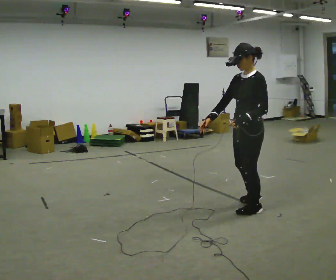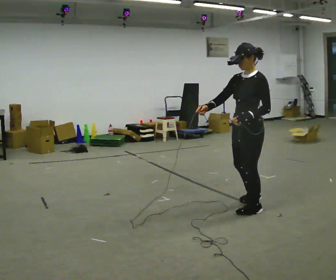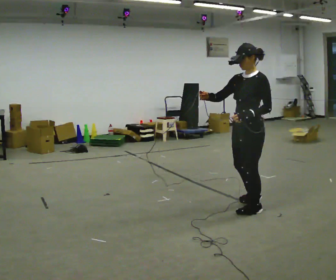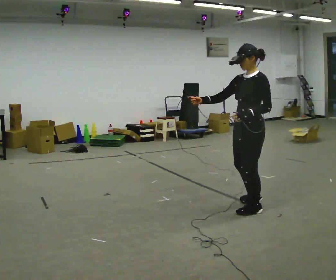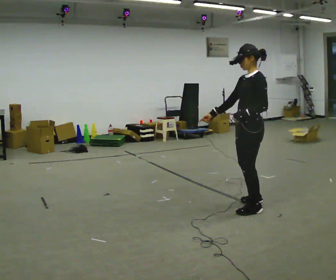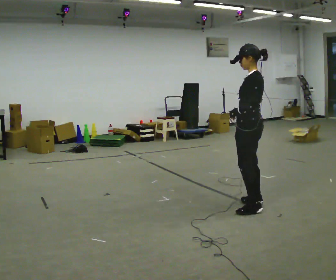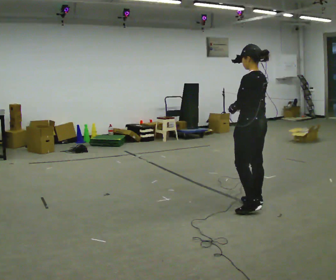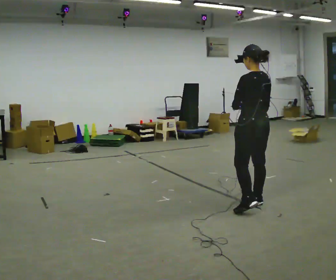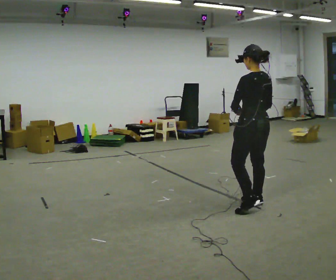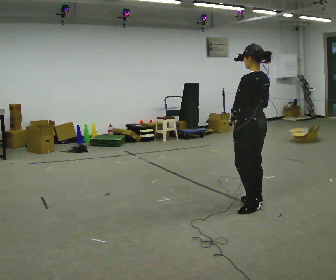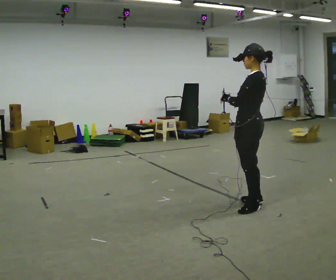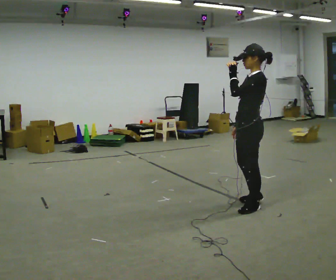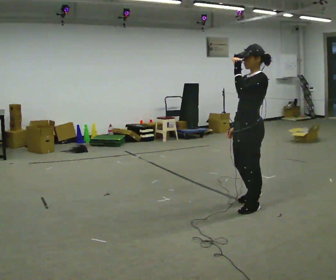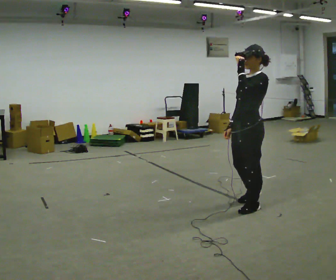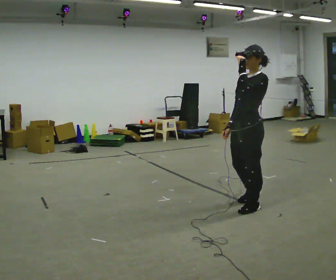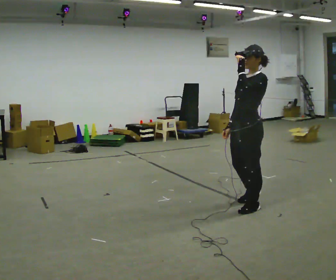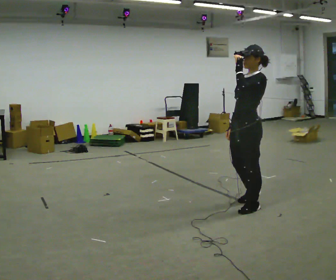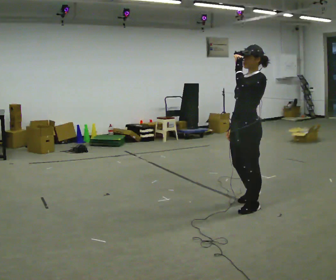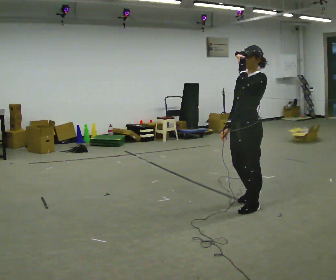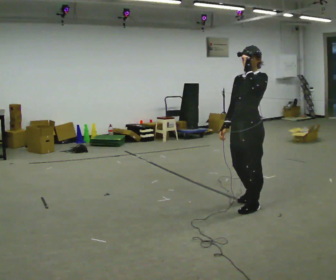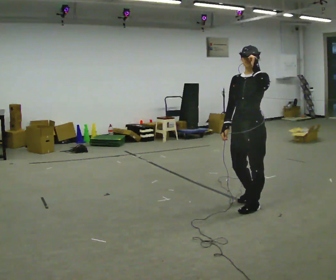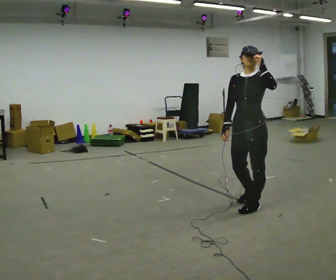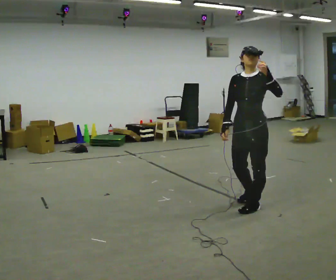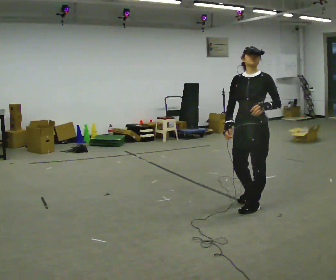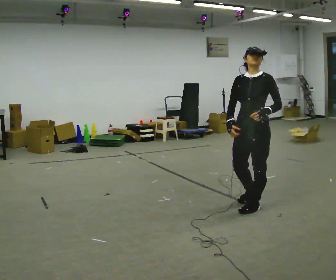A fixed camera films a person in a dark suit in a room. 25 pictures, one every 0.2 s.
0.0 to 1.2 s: The part of the body nearest the lens slides to the left as the person turns to their right by about 45 degrees. In the picture they go away from the camera, about 0.25 m, which for them is backward and to their right. In the picture their right hand goes to the right.
1.2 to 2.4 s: The part of the body nearest the lens slides to the right as the person turns to their left by about 45 degrees. In the picture their left hand goes upward.
2.4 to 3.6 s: The person moves a little, or ends about where they began.
3.6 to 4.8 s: The part of the body nearest the lens slides to the right as the person turns to their left by about 30 degrees. In the picture their left hand goes downward.
The film runs backward here.
